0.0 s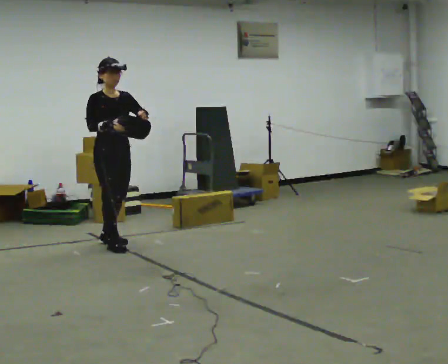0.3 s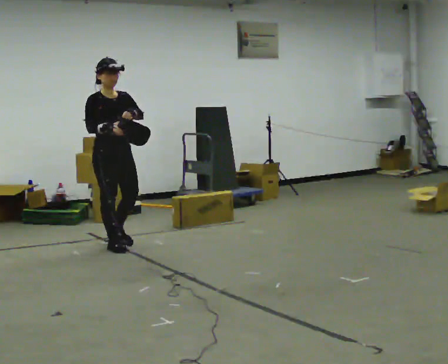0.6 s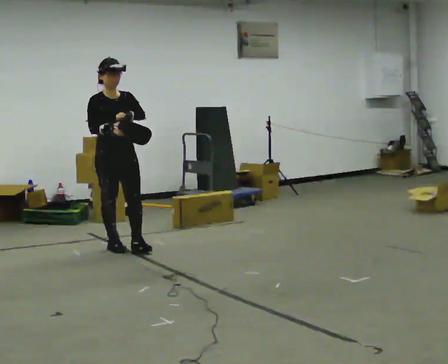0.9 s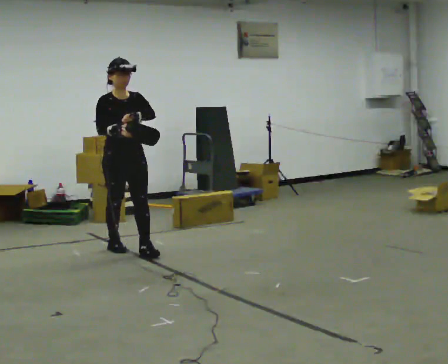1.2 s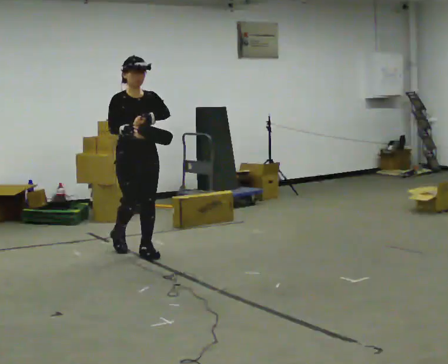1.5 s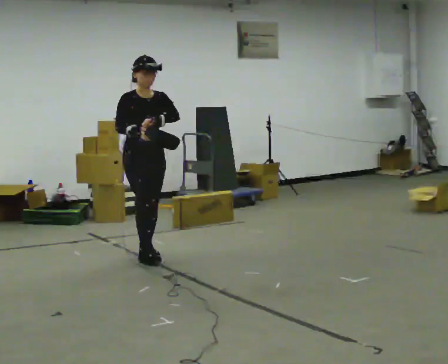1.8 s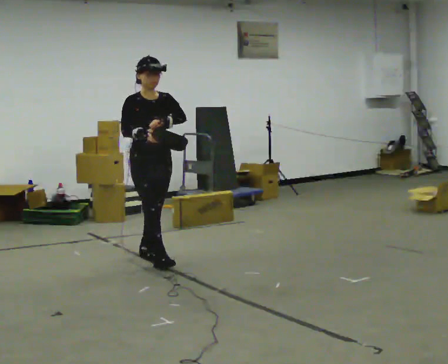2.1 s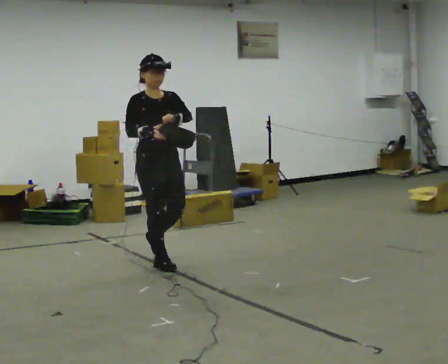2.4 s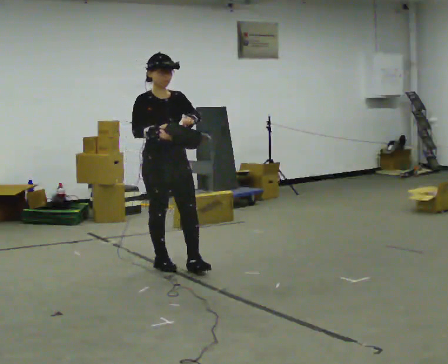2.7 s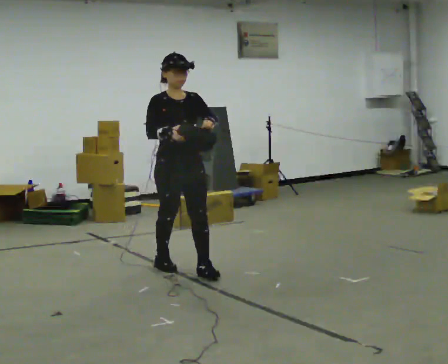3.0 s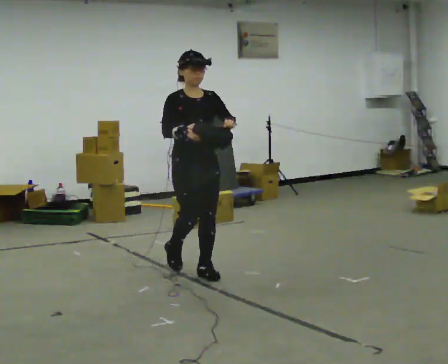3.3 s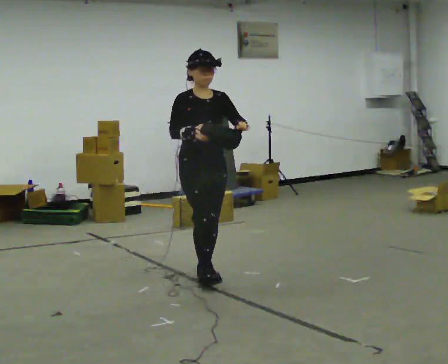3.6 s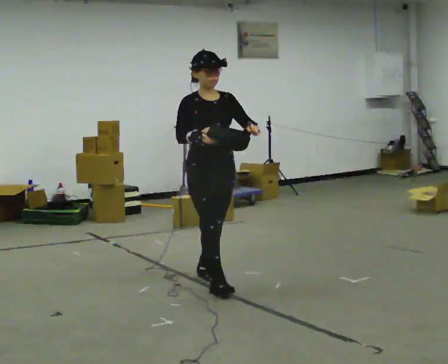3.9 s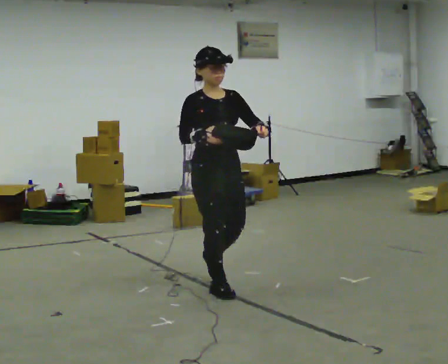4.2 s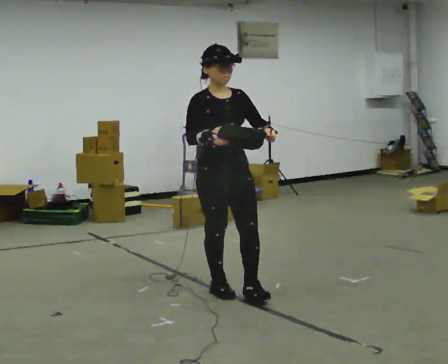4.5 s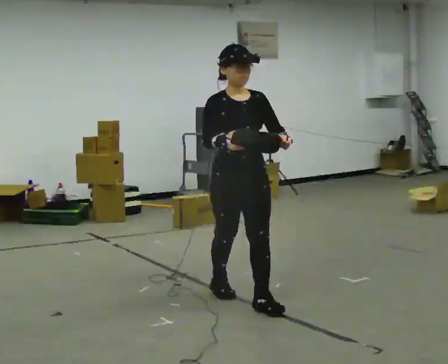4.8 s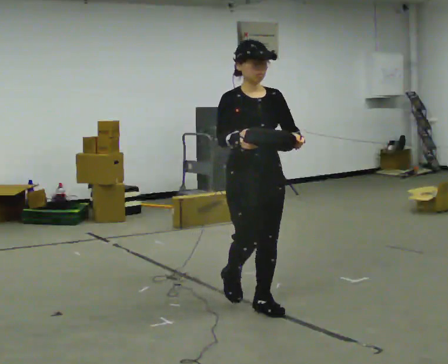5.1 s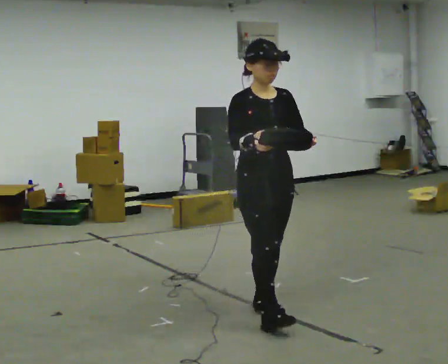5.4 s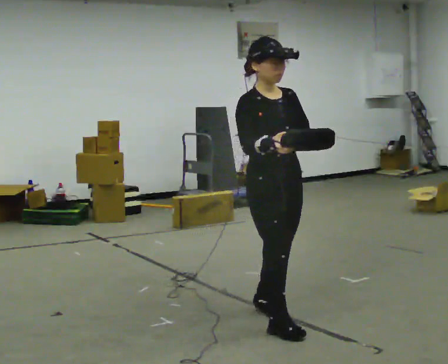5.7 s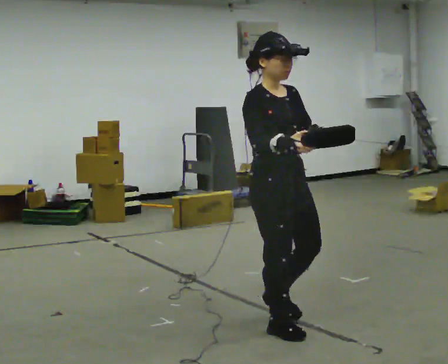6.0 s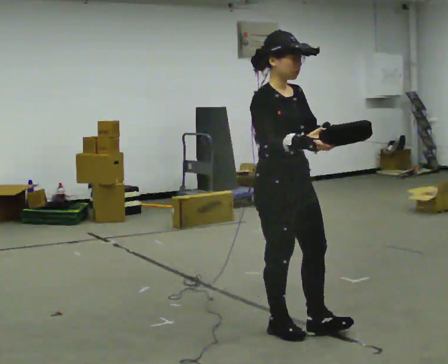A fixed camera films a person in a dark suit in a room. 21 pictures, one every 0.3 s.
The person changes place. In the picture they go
toward the camera.
0.0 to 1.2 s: In the picture they go to the right and toward the camera, about 0.25 m in 1 step, which for them is forward.
1.2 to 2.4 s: In the picture they go toward the camera and to the right, about 0.5 m in 1 step, which for them is forward.
2.4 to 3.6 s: In the picture they go toward the camera and to the right, about 0.5 m in 2 steps, which for them is forward.
3.6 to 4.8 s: In the picture they go toward the camera and to the right, about 0.75 m in 1 step, which for them is forward.
4.8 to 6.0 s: Seen from above the body turns counterclockwise, about 30 degrees: to their left, with its near side sliding to the right. In the picture they go toward the camera, about 0.5 m in 1 step, which for them is forward.
The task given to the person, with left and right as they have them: Carry the bag and, while walking, undo the buckle or zip, then do it up again. Keep repeating as you walk. Do not stop.
The film runs forward here.
